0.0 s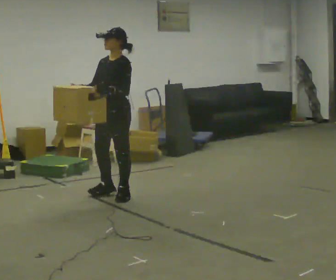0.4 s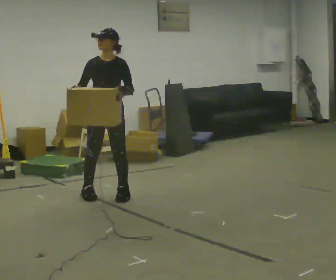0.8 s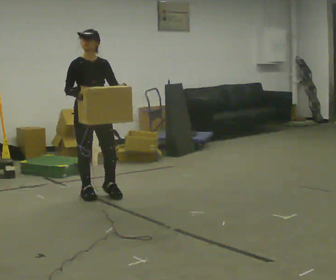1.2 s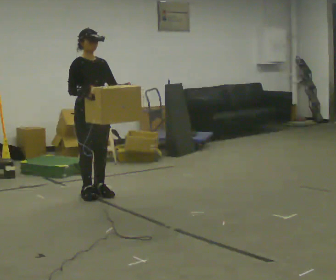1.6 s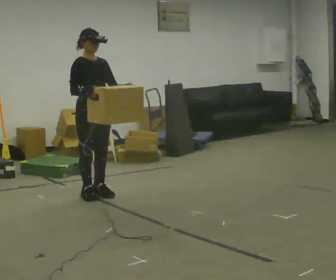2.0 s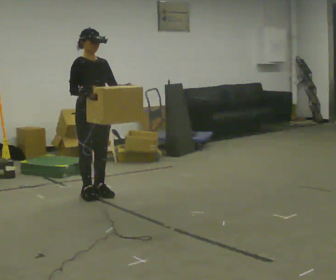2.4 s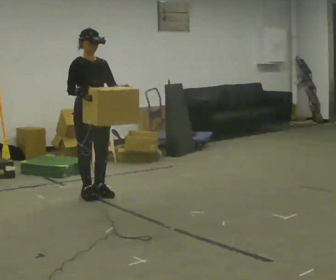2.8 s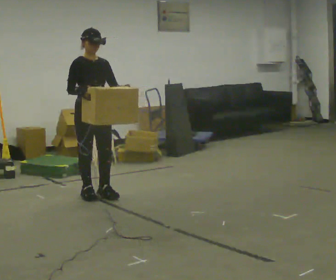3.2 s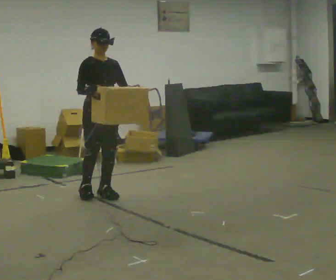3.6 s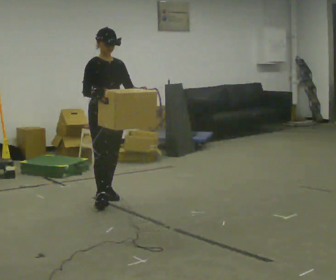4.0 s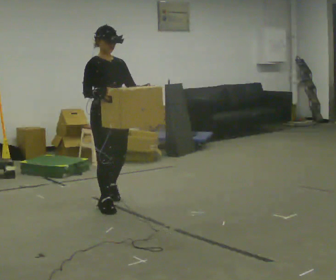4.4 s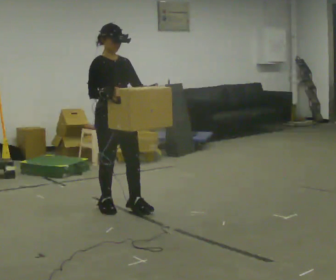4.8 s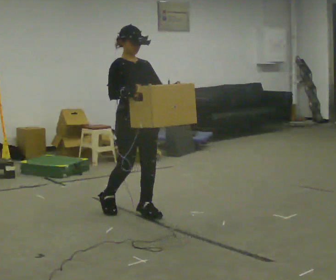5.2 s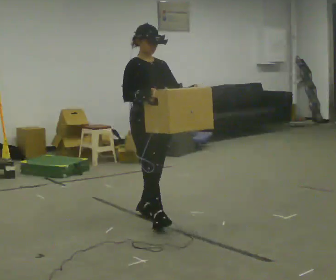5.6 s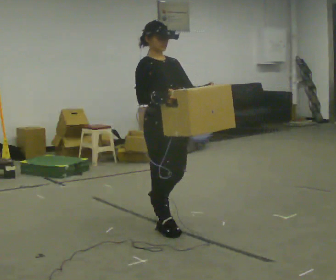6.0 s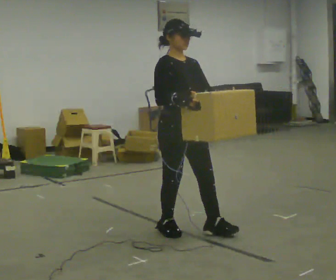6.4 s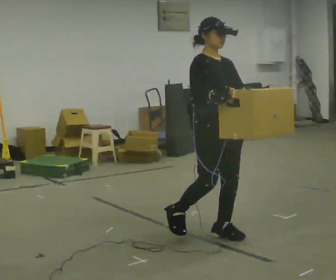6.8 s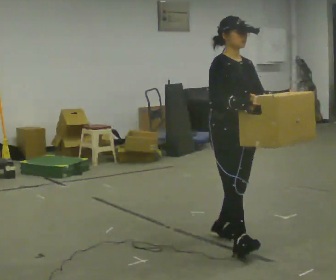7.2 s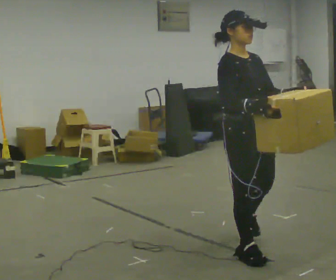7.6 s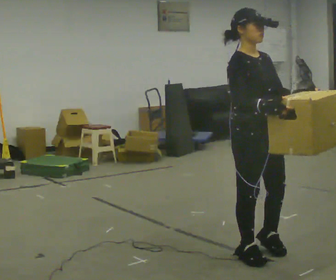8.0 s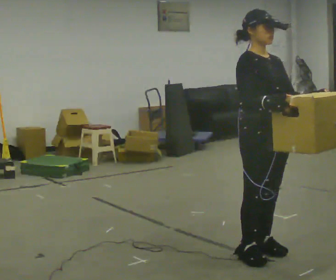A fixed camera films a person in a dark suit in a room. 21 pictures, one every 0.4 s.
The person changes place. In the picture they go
toward the camera.
0.0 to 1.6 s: The person turns about 90 degrees to their left, counterclockwise seen from above, so the part of the body nearest the lens slides to the right. In the picture they go to the left, about 0.25 m in 1 step.
1.6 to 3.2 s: The person moves a little, or ends about where they began.
3.2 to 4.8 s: In the picture they go toward the camera and to the right, about 0.75 m in 3 steps, which for them is forward.
4.8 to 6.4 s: In the picture they go toward the camera and to the right, about 1 m in 2 steps, which for them is forward.
6.4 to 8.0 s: In the picture they go toward the camera and to the right, about 0.5 m in 1 step, which for them is forward.
The film runs backward here.
